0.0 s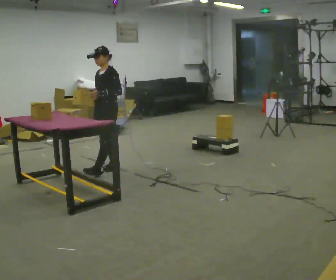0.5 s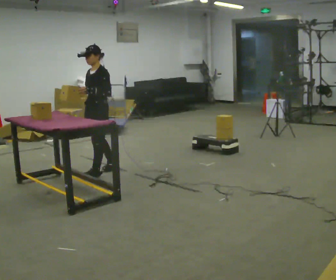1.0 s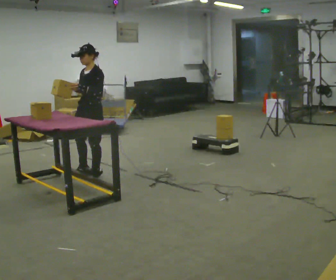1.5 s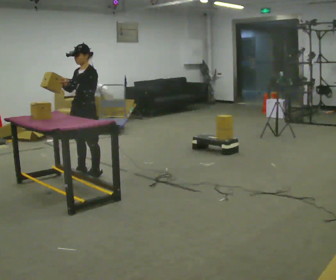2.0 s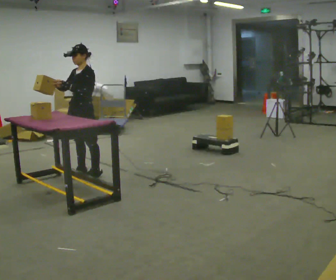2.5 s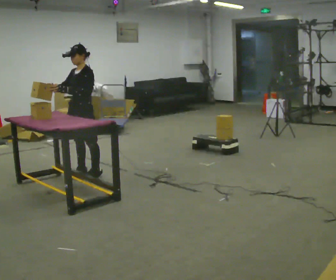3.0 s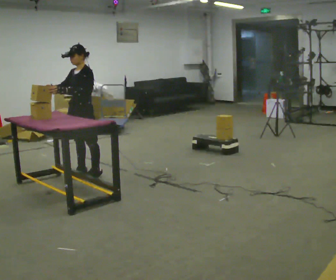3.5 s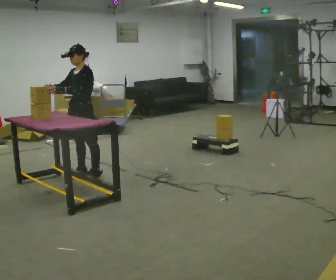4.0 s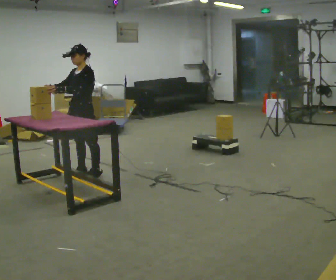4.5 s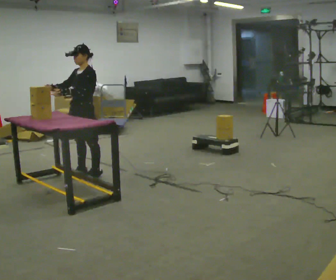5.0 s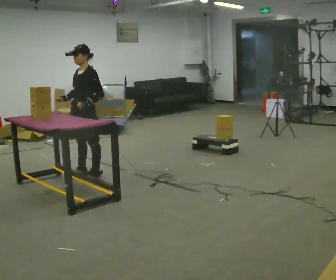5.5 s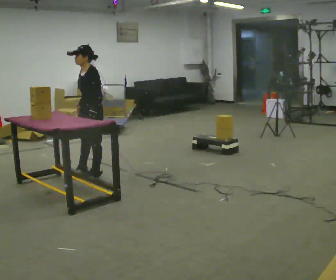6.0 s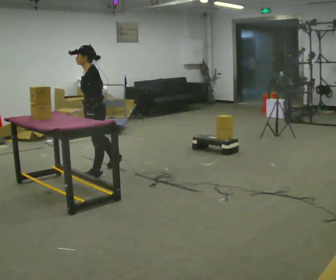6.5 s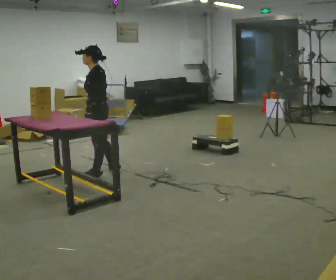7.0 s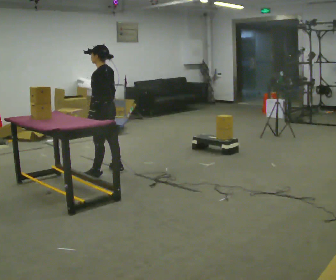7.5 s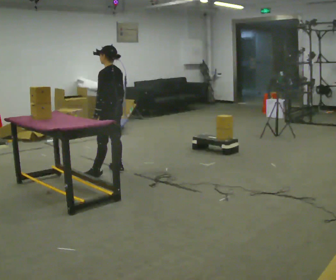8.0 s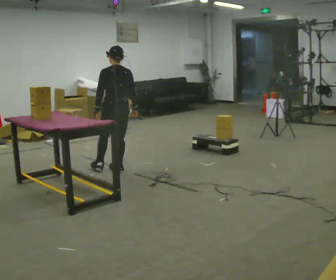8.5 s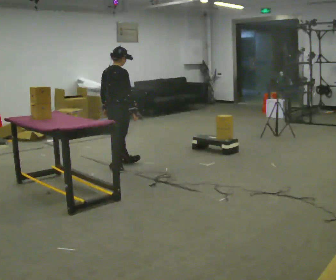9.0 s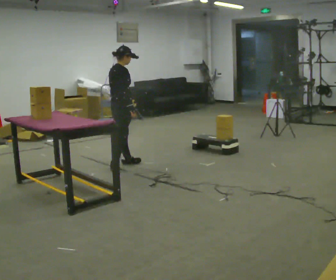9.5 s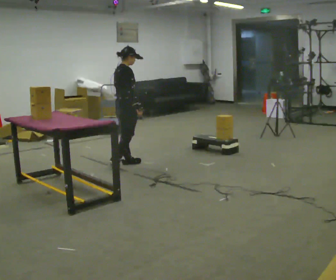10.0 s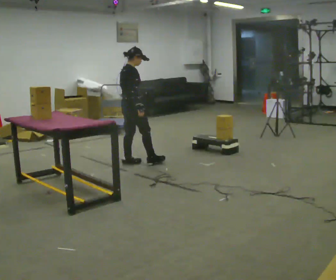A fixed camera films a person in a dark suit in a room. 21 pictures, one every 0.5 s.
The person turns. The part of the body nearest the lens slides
to the left.
The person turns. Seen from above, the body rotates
clockwise.
0.0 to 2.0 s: In the picture they go to the left, about 0.25 m in 1 step, which for them is forward.
2.0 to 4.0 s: The person moves a little, or ends about where they began.
4.0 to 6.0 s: Seen from above the body turns clockwise, about 30 degrees: to their right, with its near side sliding to the left. In the picture they go to the right, about 0.25 m, which for them is backward. In the picture the upper body tilts counterclockwise, shoulders to the left. In the picture their right hand goes to the right, the arm swinging counterclockwise.
6.0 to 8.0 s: The part of the body nearest the lens slides to the left as the person turns to their right by about 75 degrees. In the picture they go to the right, about 0.25 m in 1 step.
8.0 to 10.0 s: The person turns about 90 degrees to their right, clockwise seen from above, so the part of the body nearest the lens slides to the left. In the picture they go to the right and away from the camera, about 0.25 m in 1 step.
The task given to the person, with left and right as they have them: Carry the object across the room and place it on the shelf just at the top of your comfortable reach. Keep going until the operator says stop; one object at a time, and do not rush between trips.
The film runs forward here.
